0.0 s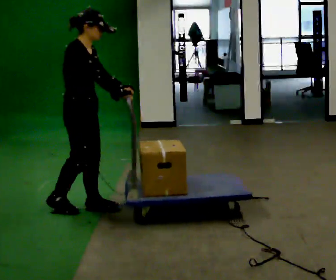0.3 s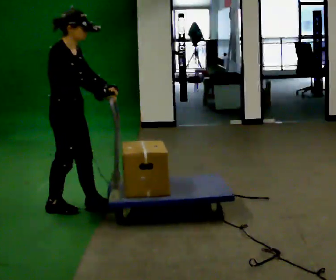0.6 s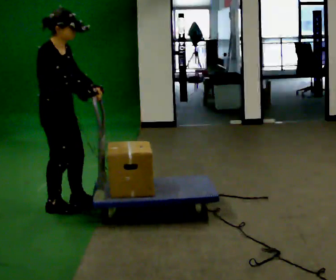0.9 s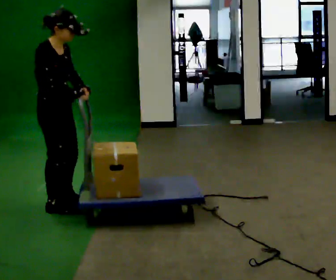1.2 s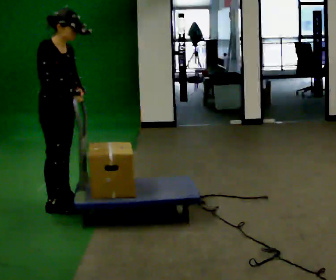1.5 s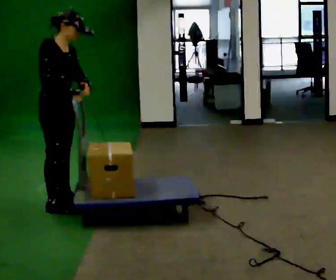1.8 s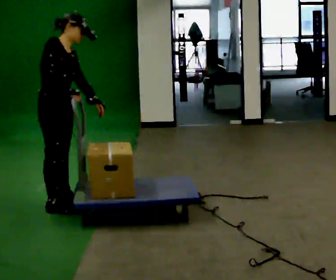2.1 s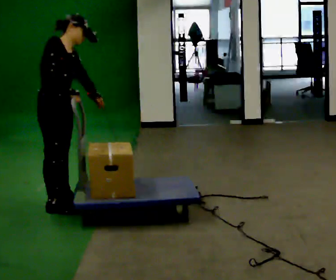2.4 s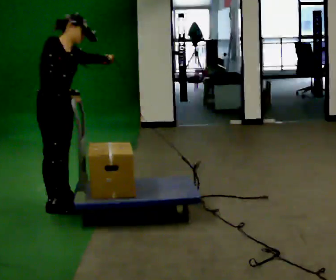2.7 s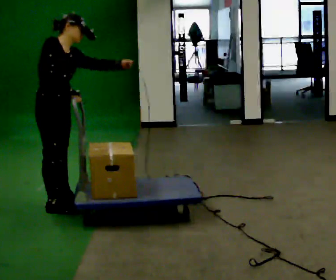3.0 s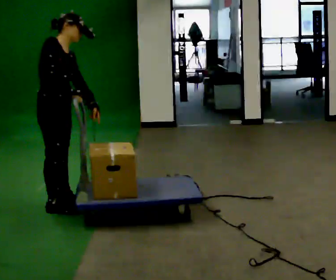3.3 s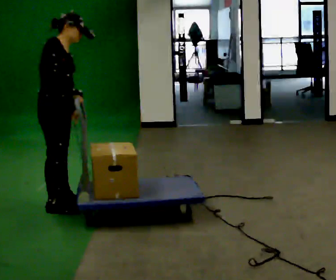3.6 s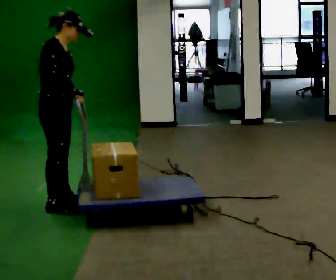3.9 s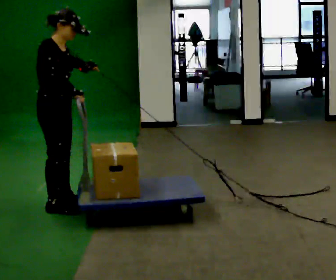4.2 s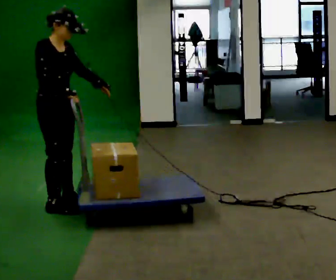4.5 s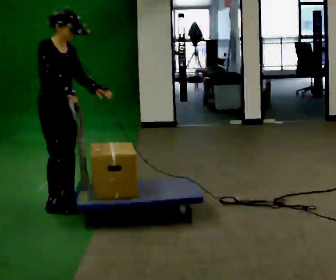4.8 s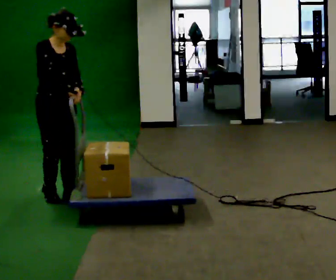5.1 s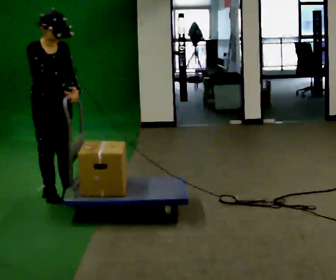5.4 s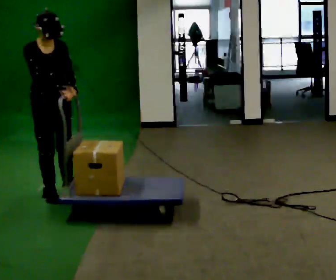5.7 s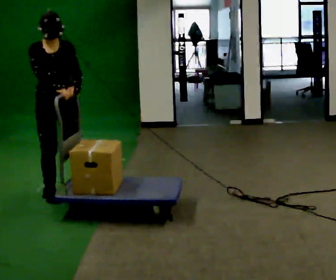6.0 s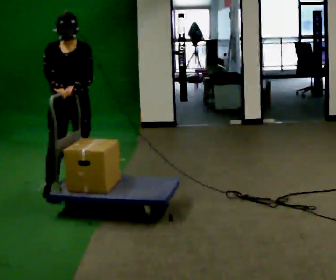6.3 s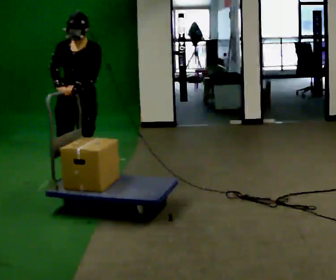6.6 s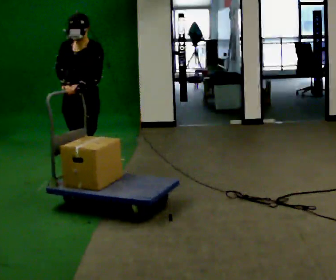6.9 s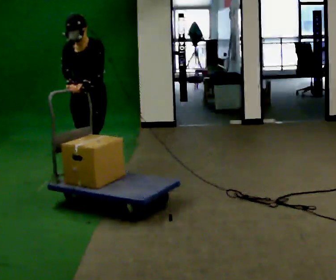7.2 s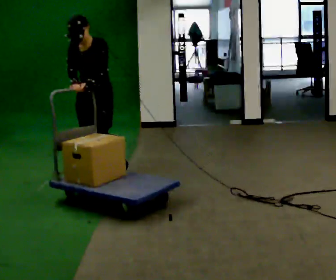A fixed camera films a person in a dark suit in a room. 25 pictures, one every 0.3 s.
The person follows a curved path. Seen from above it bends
clockwise.
The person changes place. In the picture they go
away from the camera.
0.0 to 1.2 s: In the picture they go to the left, about 0.25 m in 1 step, which for them is backward. In the picture their left hand goes to the left.
1.2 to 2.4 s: The person moves a little, or ends about where they began.
2.4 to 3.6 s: In the picture their left hand goes to the left.
3.6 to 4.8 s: The part of the body nearest the lens slides to the left as the person turns to their right by about 45 degrees. In the picture they go away from the camera, about 0.25 m in 1 step, which for them is to their left.
4.8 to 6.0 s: The person turns about 45 degrees to their right, clockwise seen from above, so the part of the body nearest the lens slides to the left. In the picture they go away from the camera, about 0.25 m in 2 steps, which for them is to their left and backward.
6.0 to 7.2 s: Seen from above the body turns clockwise, about 30 degrees: to their right, with its near side sliding to the left. In the picture they go away from the camera and to the right, about 0.5 m in 1 step, which for them is backward.
The film runs backward here.
